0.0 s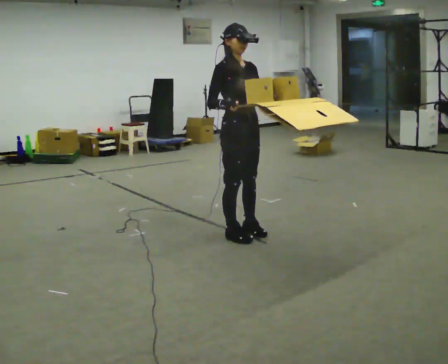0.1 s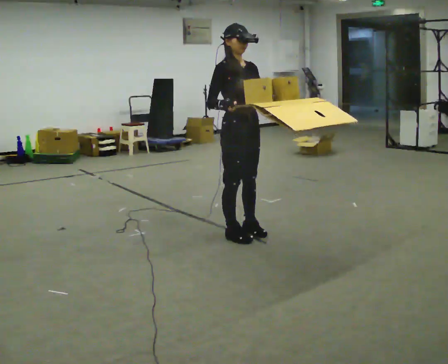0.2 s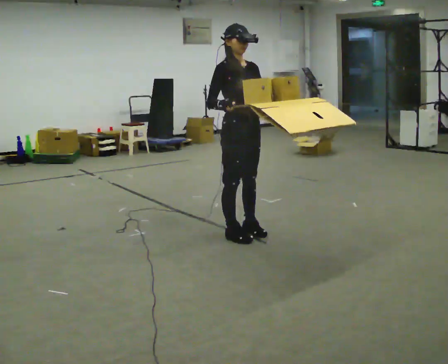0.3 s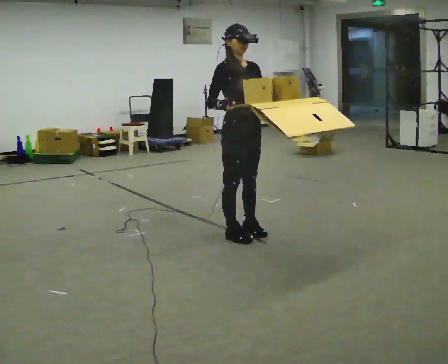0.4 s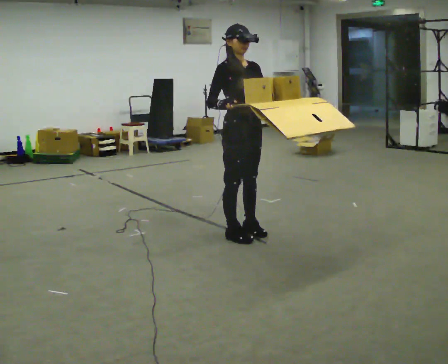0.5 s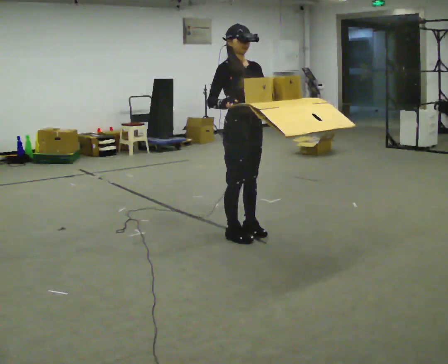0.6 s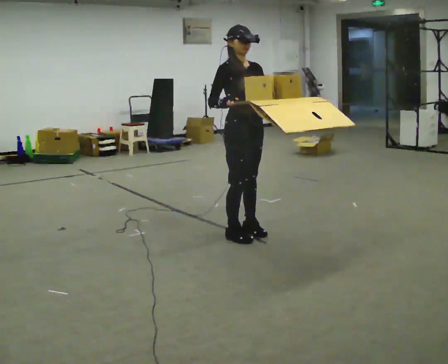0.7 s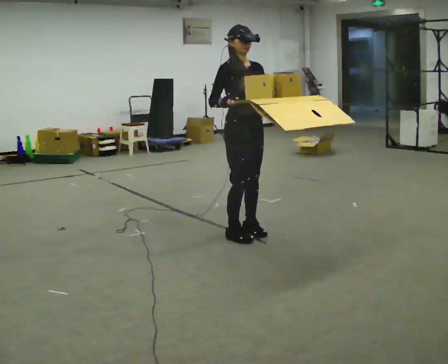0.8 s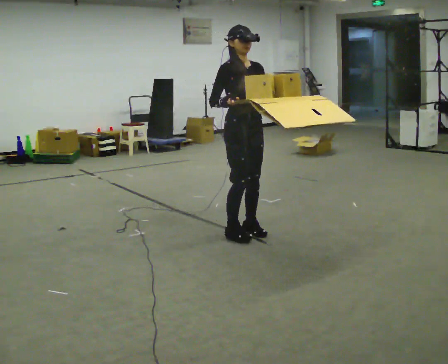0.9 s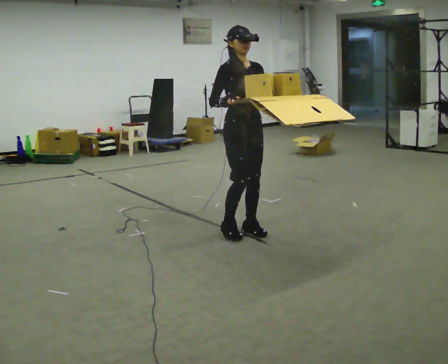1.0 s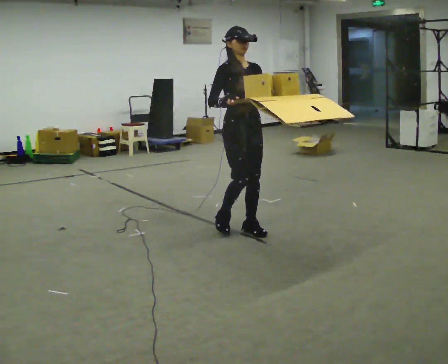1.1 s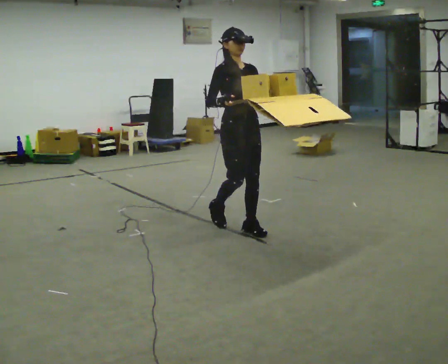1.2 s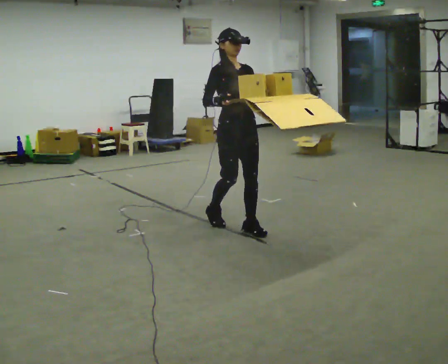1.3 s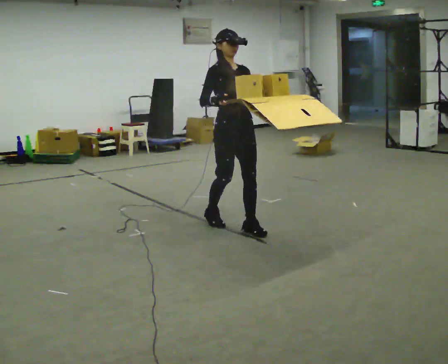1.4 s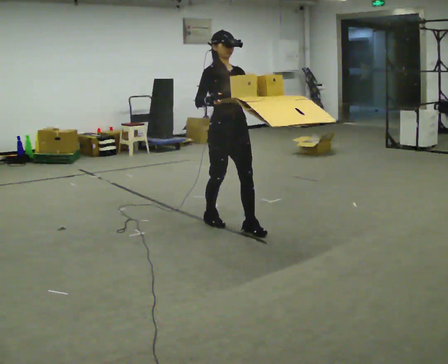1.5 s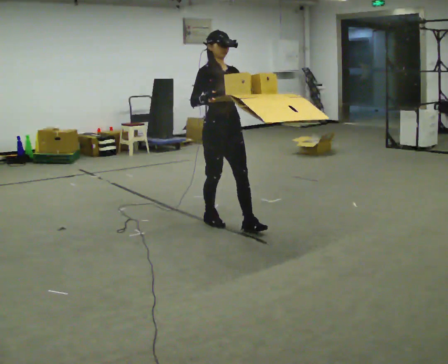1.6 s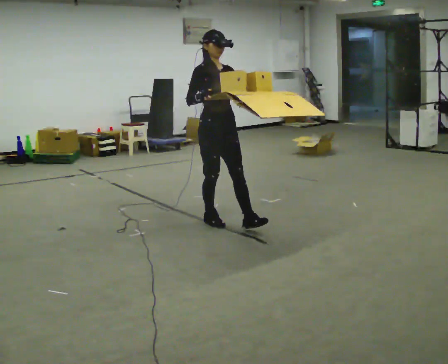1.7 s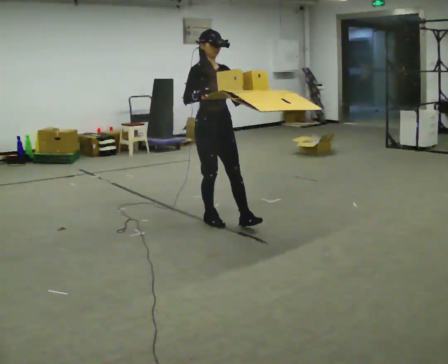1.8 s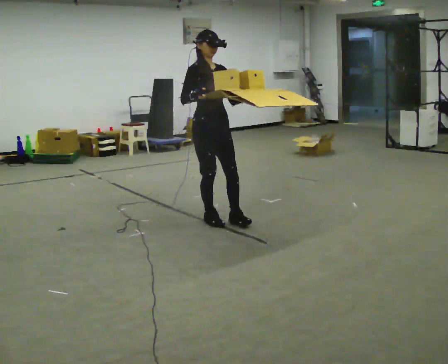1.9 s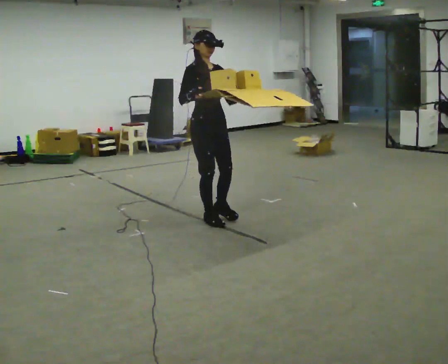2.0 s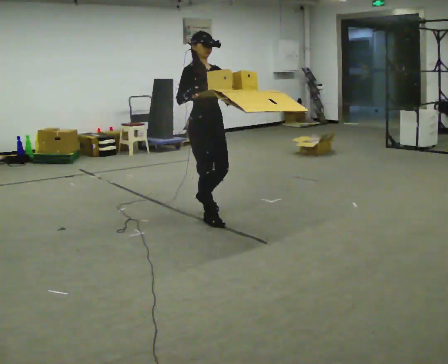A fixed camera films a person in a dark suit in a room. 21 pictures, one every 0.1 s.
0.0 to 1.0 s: The person moves a little, or ends about where they began.
1.0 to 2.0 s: In the picture they go to the left and away from the camera, about 0.5 m in 1 step, which for them is backward.
The film runs backward here.
